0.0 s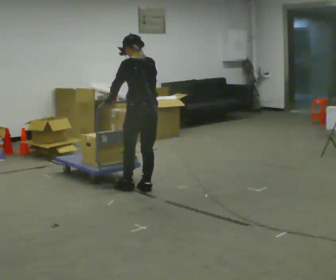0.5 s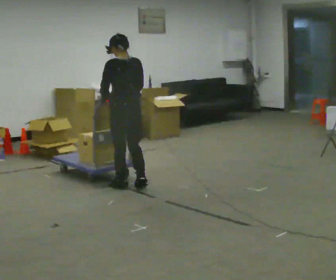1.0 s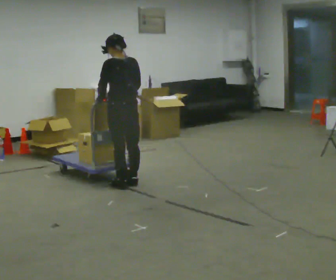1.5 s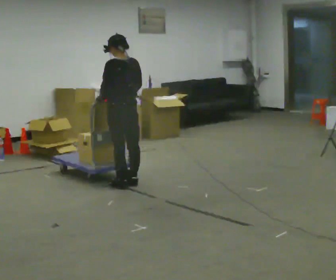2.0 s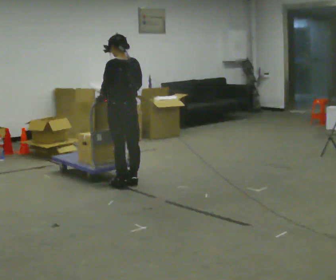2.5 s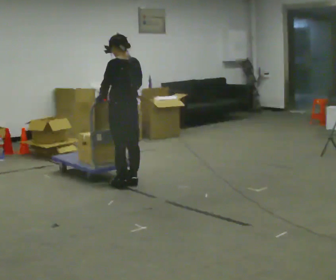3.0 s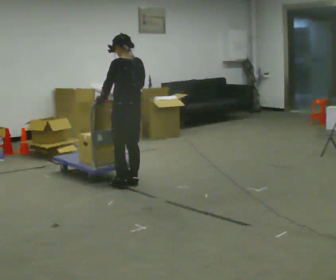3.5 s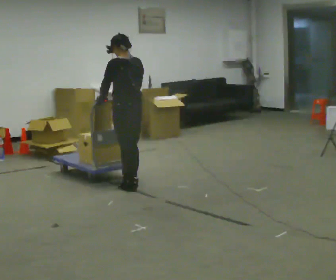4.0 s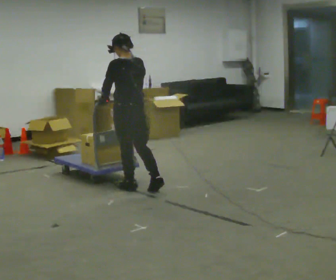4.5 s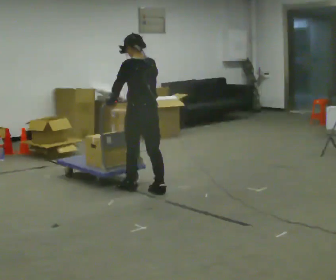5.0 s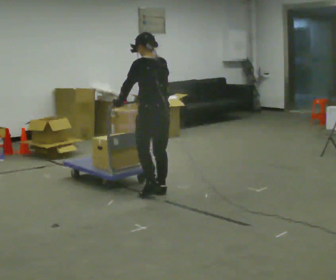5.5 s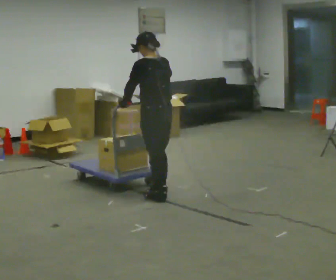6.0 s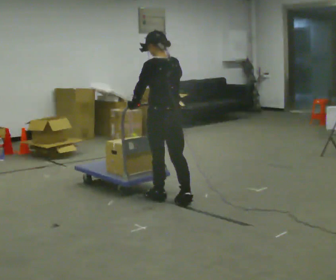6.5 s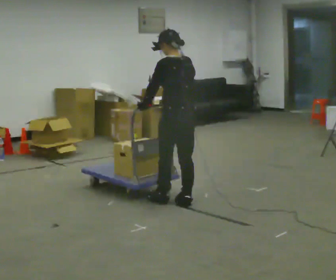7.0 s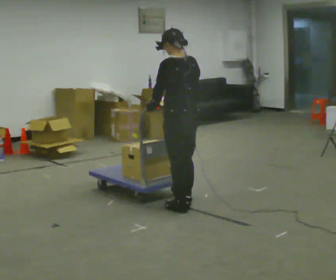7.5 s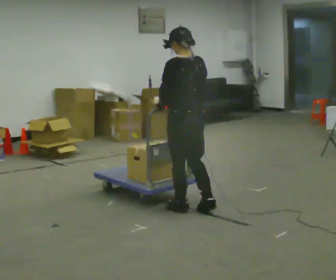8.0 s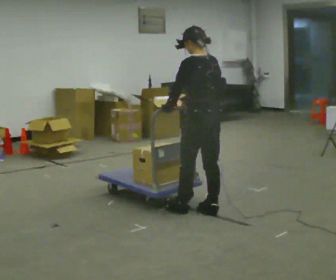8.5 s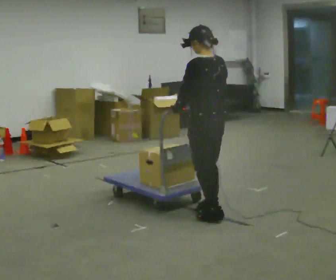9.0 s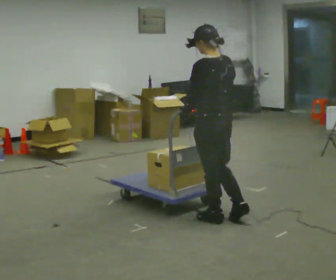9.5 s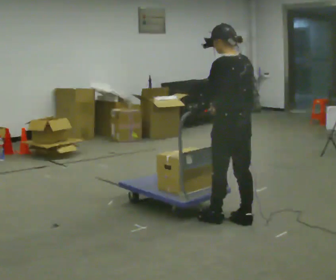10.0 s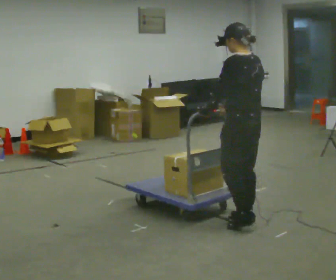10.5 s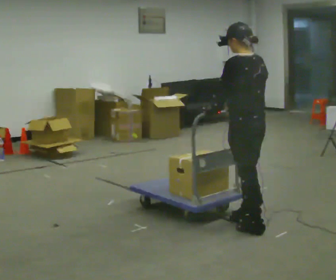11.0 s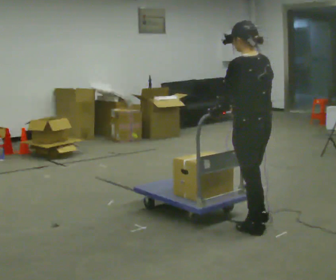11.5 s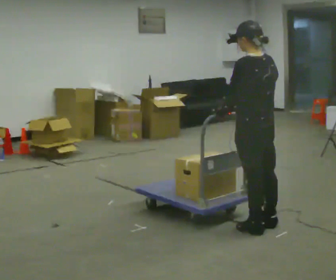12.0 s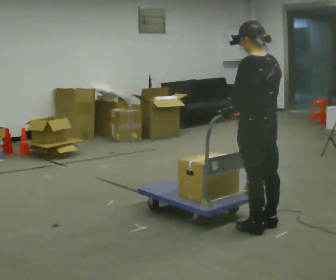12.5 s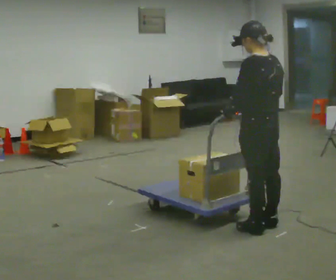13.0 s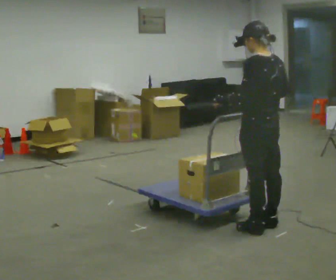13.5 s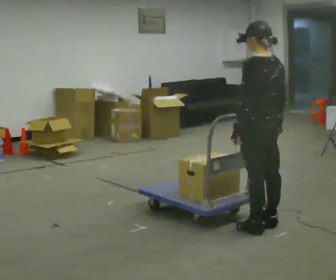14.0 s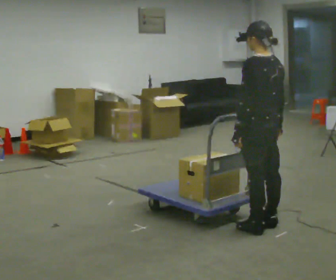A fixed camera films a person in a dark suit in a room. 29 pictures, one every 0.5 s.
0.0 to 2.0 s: In the picture they go to the left and away from the camera, about 0.25 m in 1 step, which for them is forward.
2.0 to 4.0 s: In the picture they go toward the camera, about 0.25 m in 1 step, which for them is backward.
4.0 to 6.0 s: In the picture they go toward the camera and to the right, about 0.5 m in 2 steps, which for them is backward.
6.0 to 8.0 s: In the picture they go toward the camera and to the right, about 0.5 m in 3 steps, which for them is backward.
8.0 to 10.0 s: In the picture they go toward the camera and to the right, about 0.5 m in 2 steps, which for them is backward.
10.0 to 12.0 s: In the picture they go toward the camera, about 0.25 m in 1 step, which for them is backward.
12.0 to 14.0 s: The person moves a little, or ends about where they began.
The film runs backward here.
